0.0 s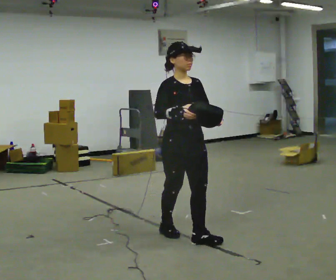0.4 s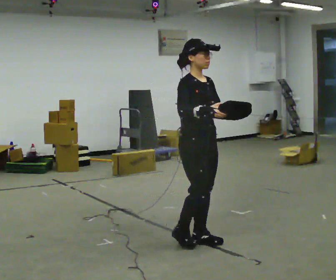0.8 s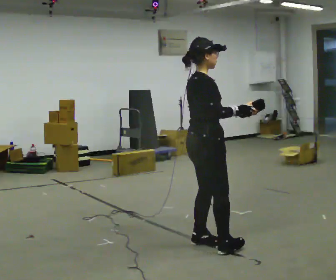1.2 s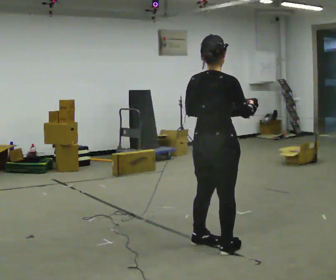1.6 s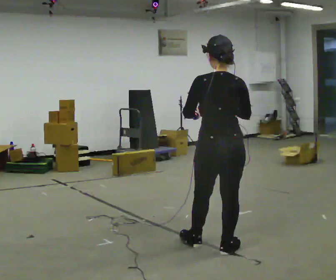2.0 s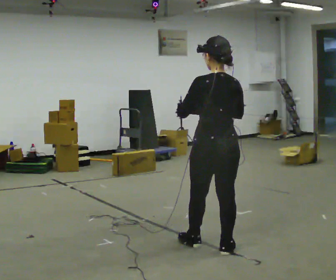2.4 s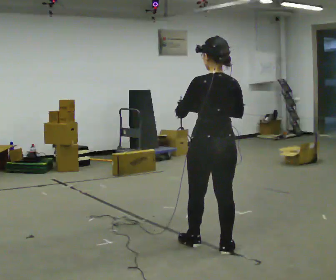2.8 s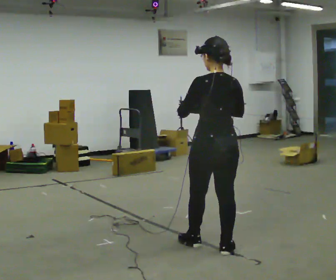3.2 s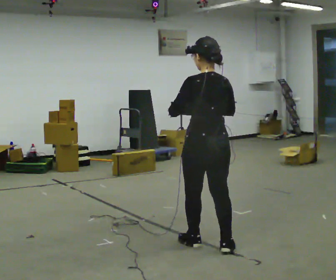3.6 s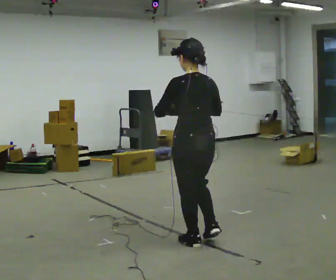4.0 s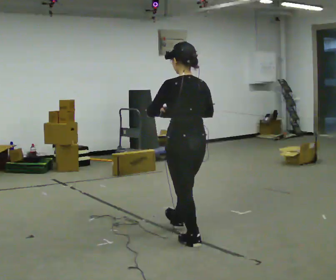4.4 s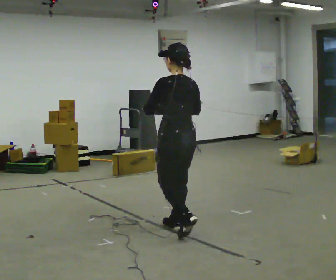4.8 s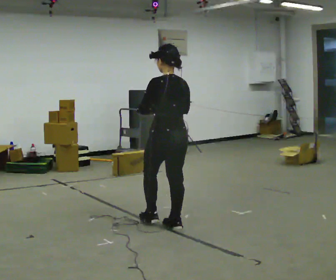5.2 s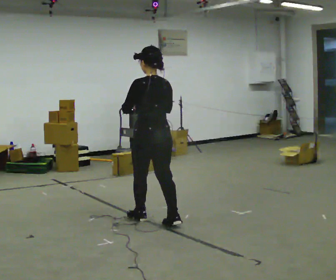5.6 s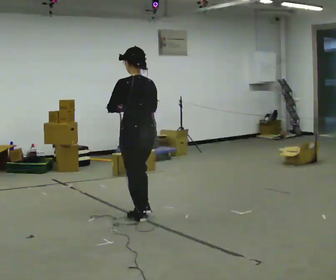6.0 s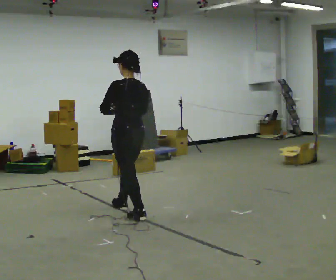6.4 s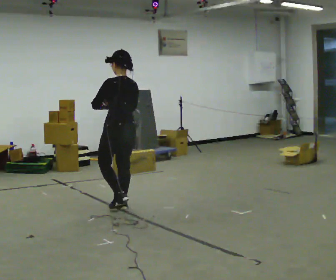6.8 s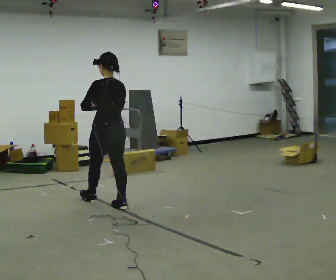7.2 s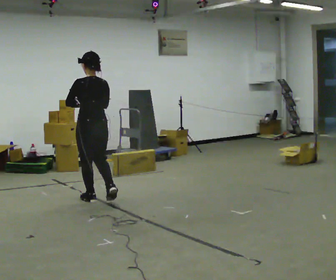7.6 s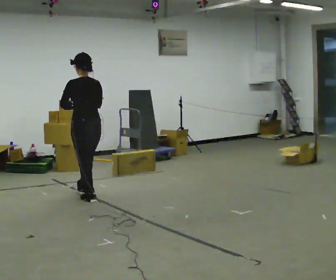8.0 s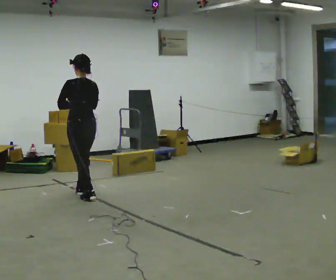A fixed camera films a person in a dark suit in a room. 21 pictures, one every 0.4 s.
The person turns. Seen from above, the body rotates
counterclockwise.
The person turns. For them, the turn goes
to their left.
0.0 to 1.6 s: The person turns about 165 degrees to their left, counterclockwise seen from above, so the part of the body nearest the lens slides to the right. In the picture they go toward the camera and to the right, about 0.5 m in 1 step.
1.6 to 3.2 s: The person moves a little, or ends about where they began.
3.2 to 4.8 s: In the picture they go away from the camera and to the left, about 0.75 m in 1 step, which for them is forward.
4.8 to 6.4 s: In the picture they go to the left and away from the camera, about 1 m in 2 steps, which for them is forward.
6.4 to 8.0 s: In the picture they go to the left and away from the camera, about 0.5 m in 2 steps, which for them is forward.
The film runs forward here.
